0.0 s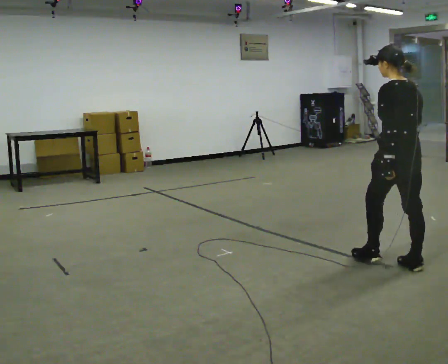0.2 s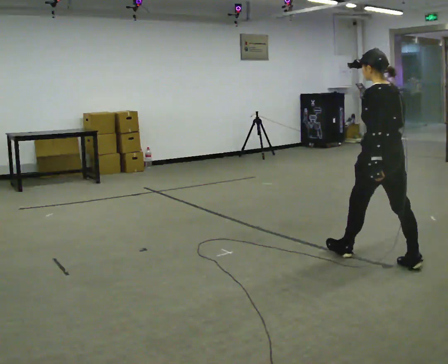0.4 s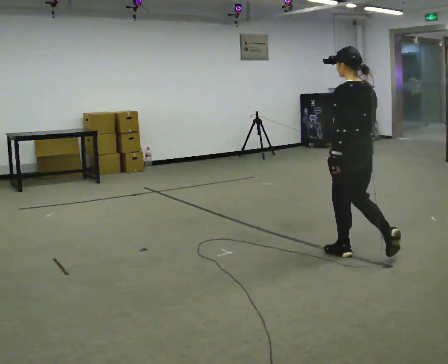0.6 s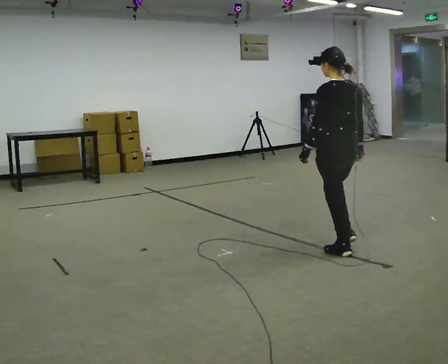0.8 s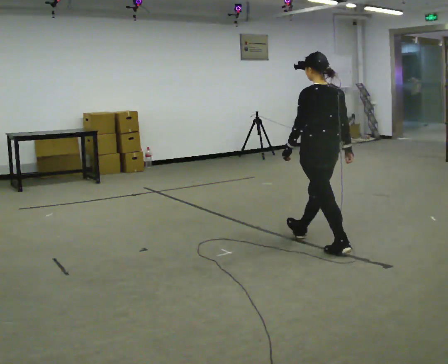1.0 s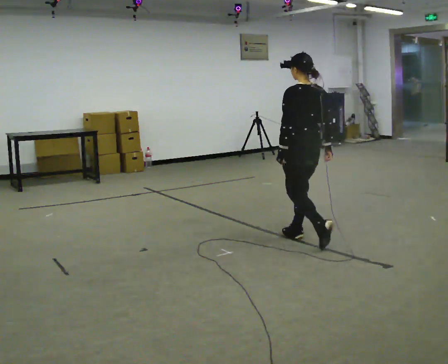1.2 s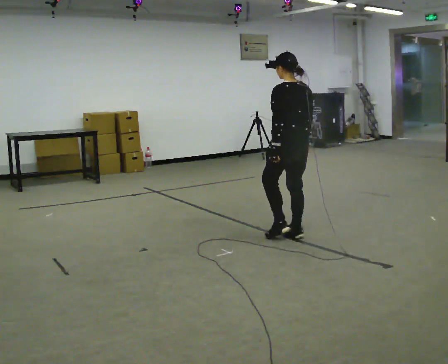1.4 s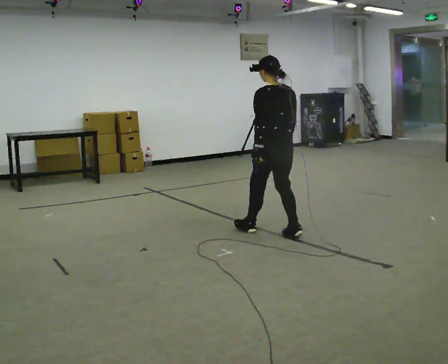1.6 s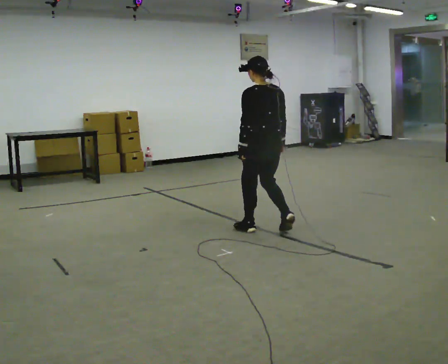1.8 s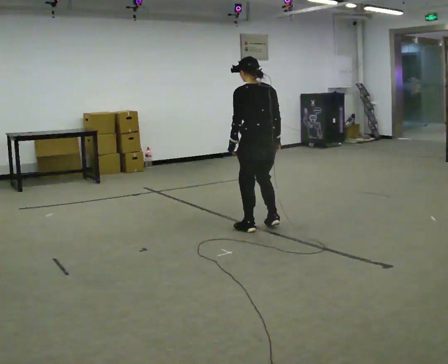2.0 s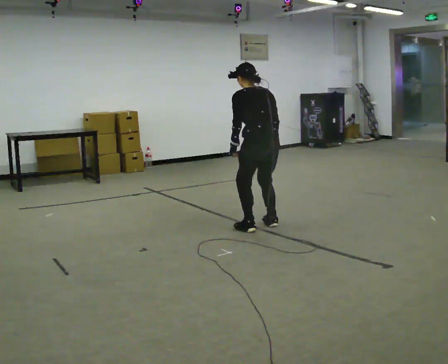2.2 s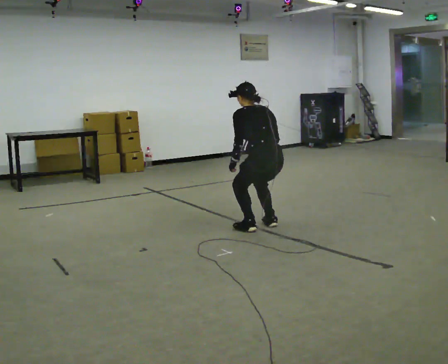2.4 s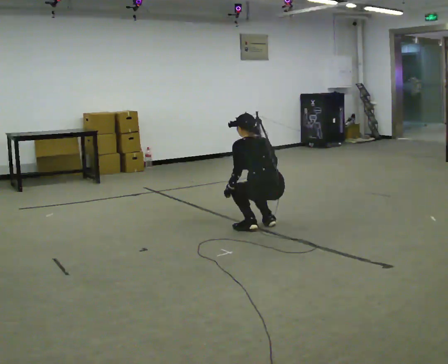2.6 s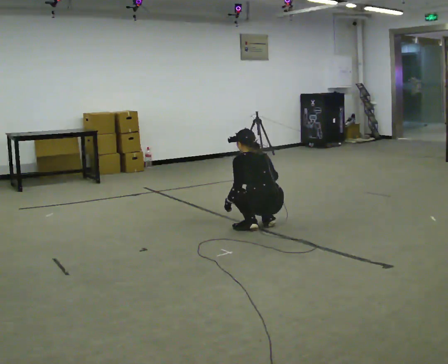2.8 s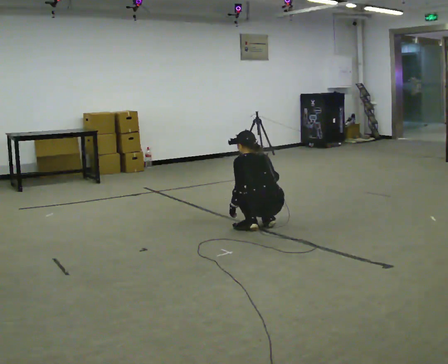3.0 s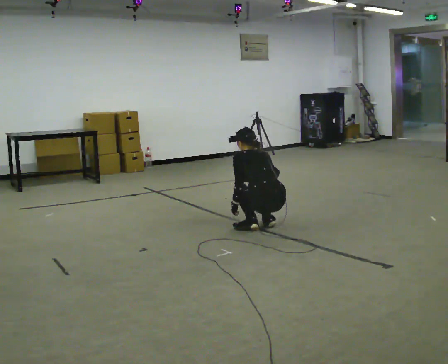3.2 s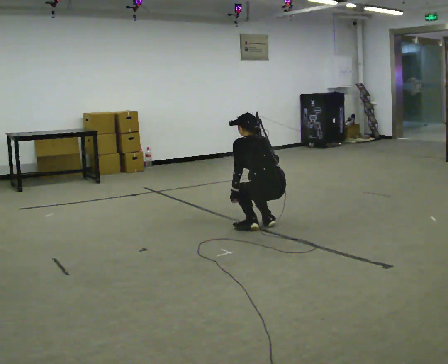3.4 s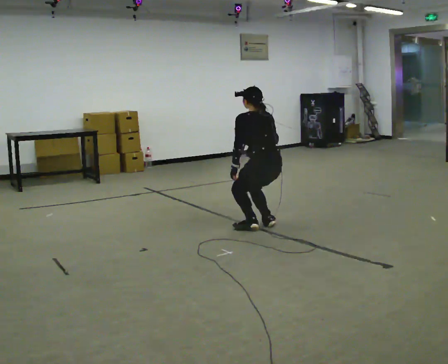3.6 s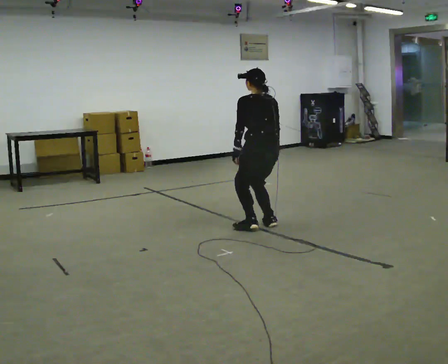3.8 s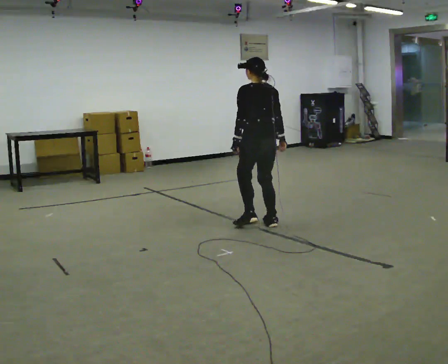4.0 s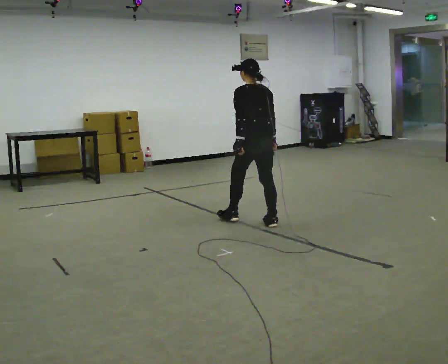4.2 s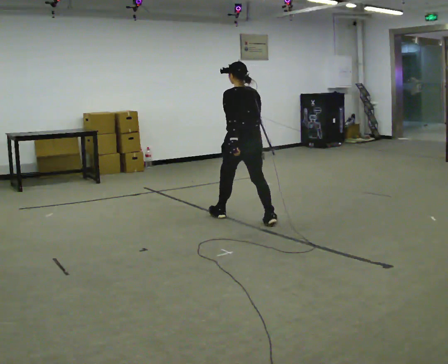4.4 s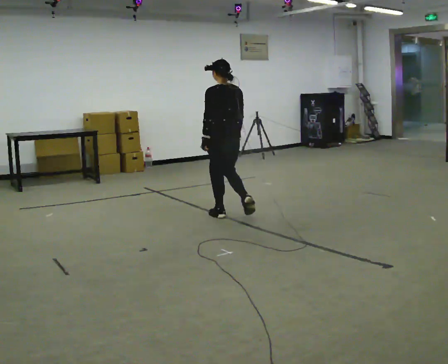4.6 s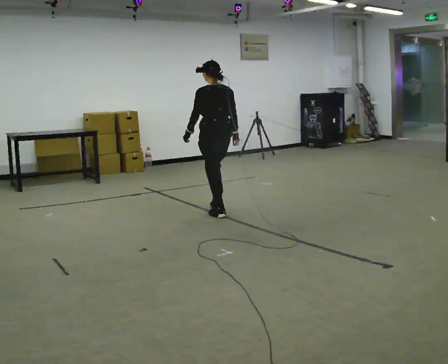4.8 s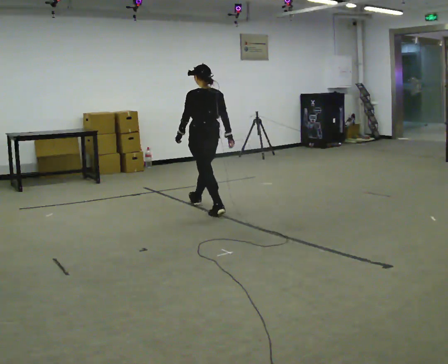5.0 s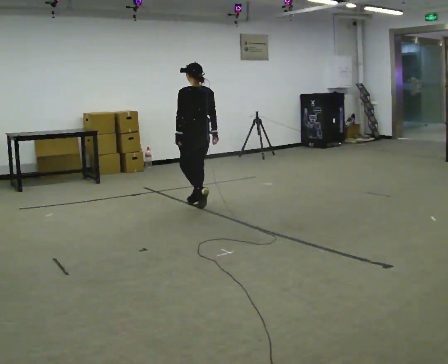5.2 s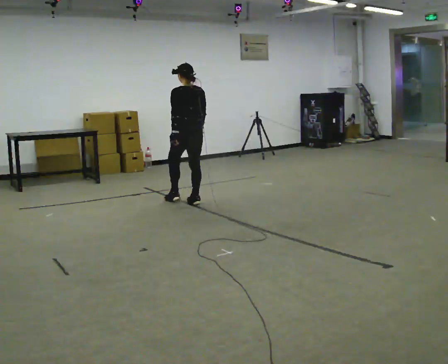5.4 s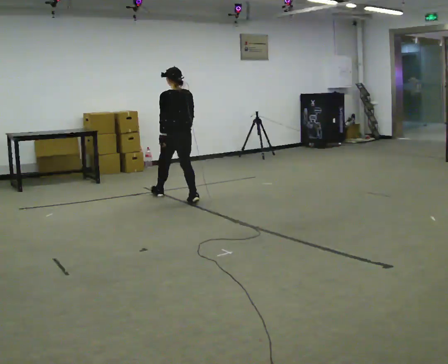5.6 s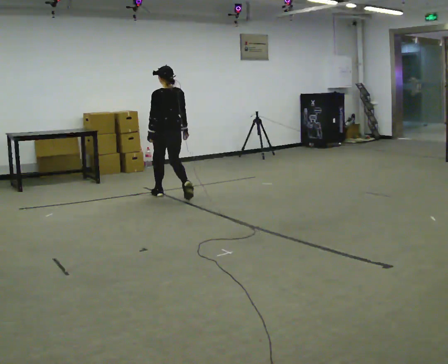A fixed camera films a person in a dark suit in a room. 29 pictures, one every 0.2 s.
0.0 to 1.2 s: In the picture they go away from the camera and to the left, about 1 m in 2 steps, which for them is forward.
1.2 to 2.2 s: In the picture they go away from the camera and to the left, about 0.25 m in 2 steps, which for them is forward. The shoulders move downward. The upper body tips away from the camera, its near side rolling upward, as they bend forward.
2.2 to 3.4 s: The person moves a little, or ends about where they began.
3.4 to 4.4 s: In the picture they go away from the camera and to the left, about 0.5 m in 1 step, which for them is forward. The upper body goes upward.
4.4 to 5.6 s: In the picture they go away from the camera and to the left, about 1 m in 2 steps, which for them is forward.
The film runs forward here.
